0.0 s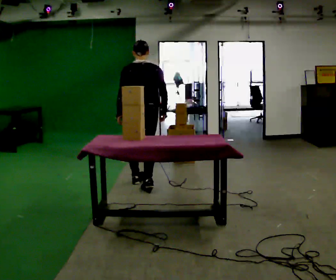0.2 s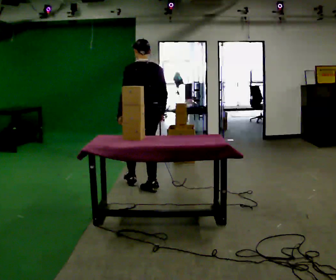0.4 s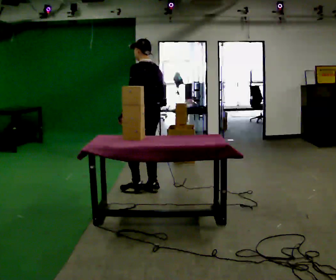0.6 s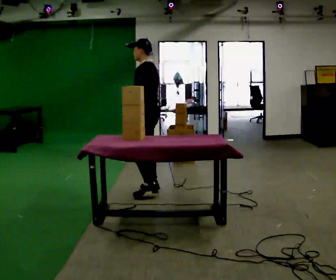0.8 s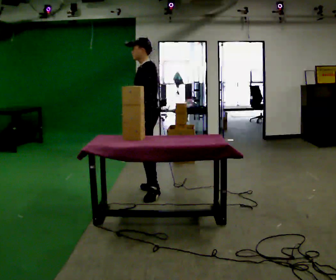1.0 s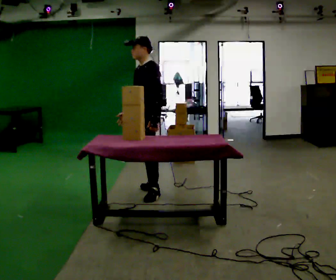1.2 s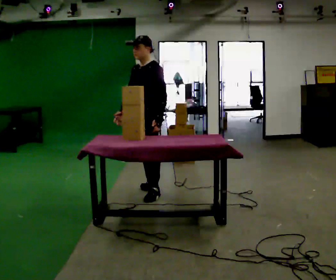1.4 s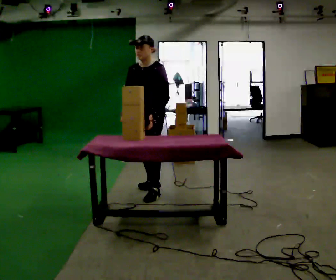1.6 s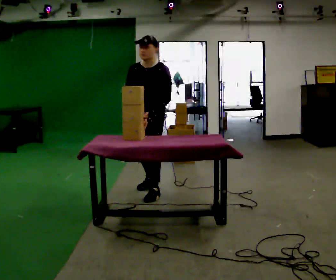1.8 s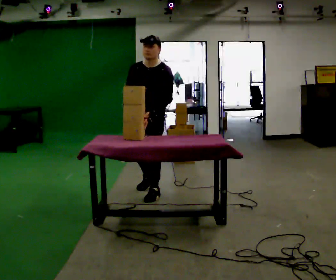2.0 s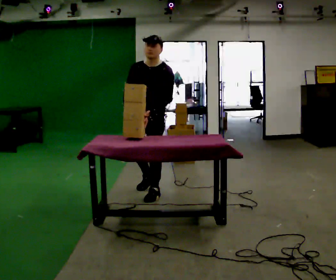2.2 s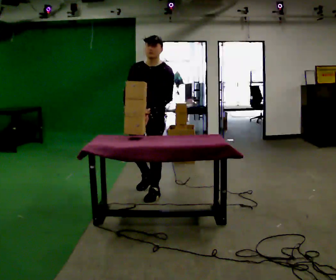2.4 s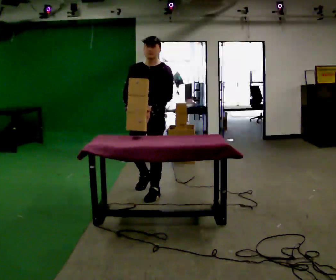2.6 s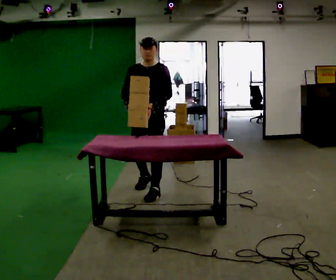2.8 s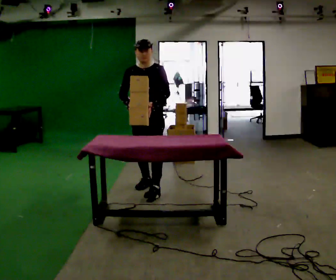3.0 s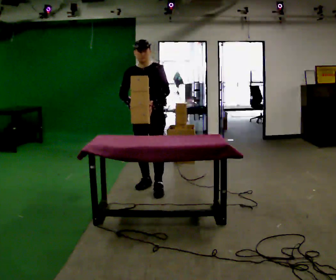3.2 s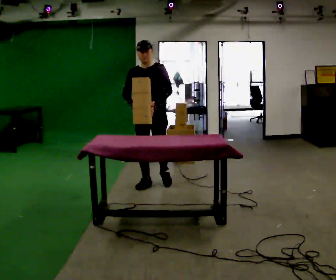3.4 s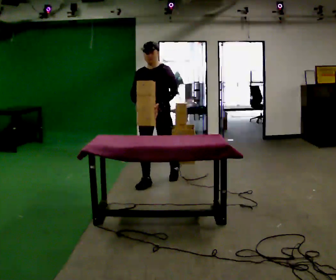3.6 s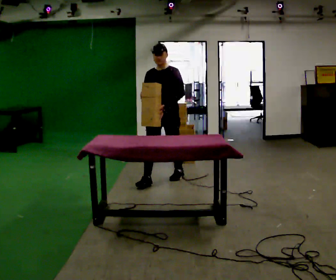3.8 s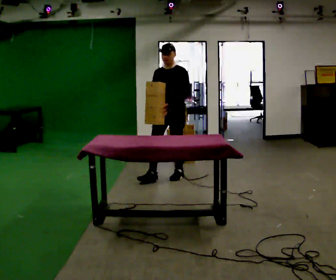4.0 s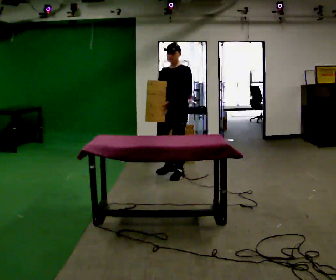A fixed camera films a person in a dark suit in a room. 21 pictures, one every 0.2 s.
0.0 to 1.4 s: Seen from above the body turns counterclockwise, about 120 degrees: to their left, with its near side sliding to the right. In the picture they go toward the camera, about 0.25 m in 1 step.
1.4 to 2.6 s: The part of the body nearest the lens slides to the right as the person turns to their left by about 30 degrees.
2.6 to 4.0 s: In the picture they go away from the camera and to the right, about 0.5 m in 2 steps, which for them is backward.
The film runs backward here.
